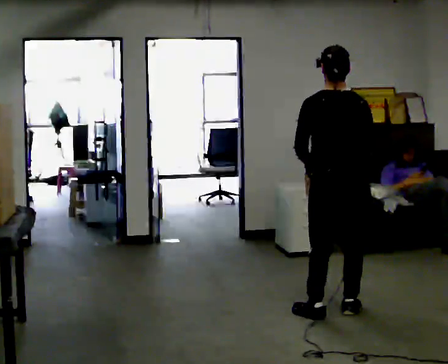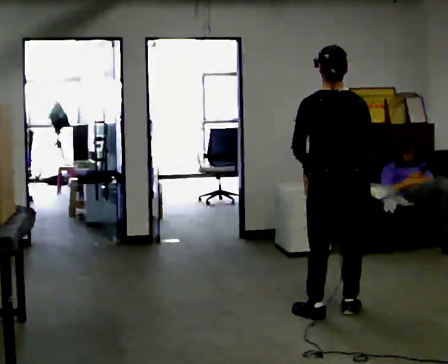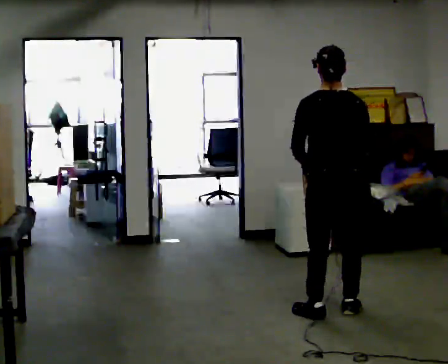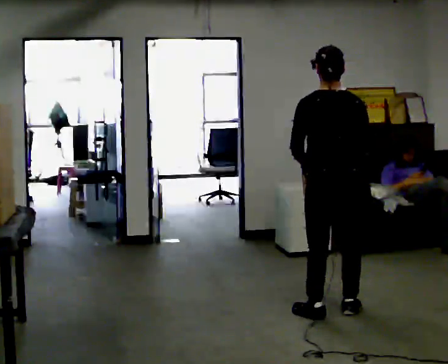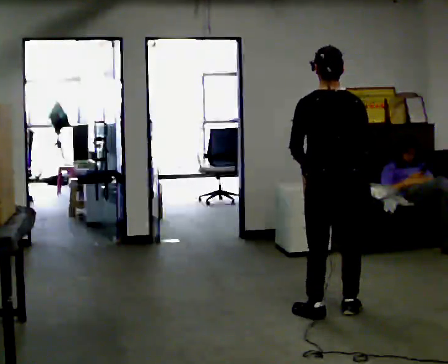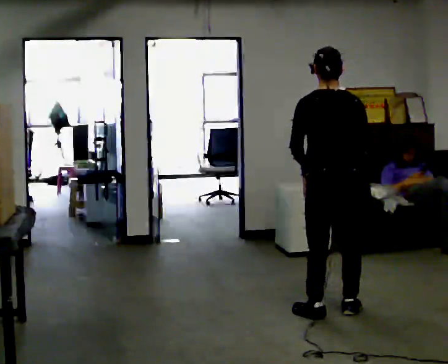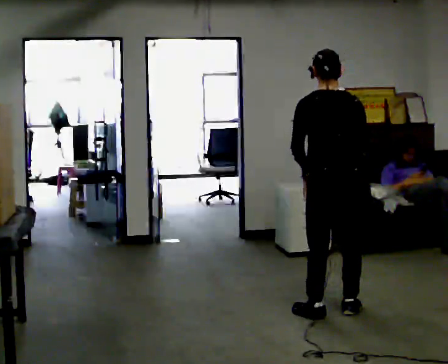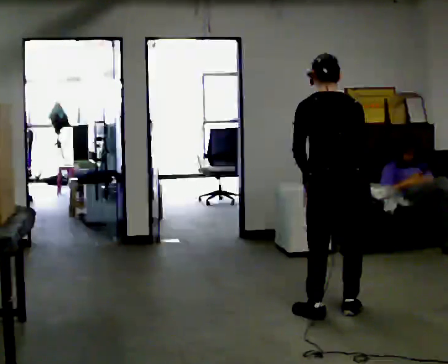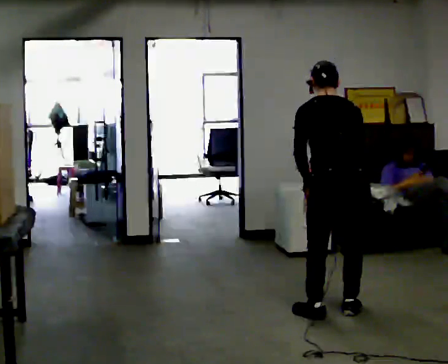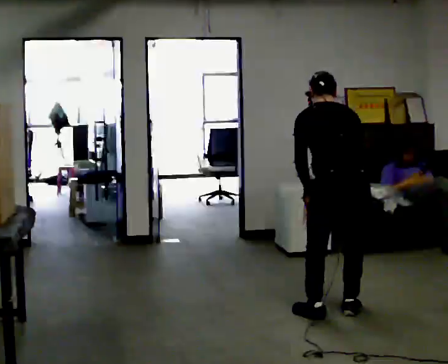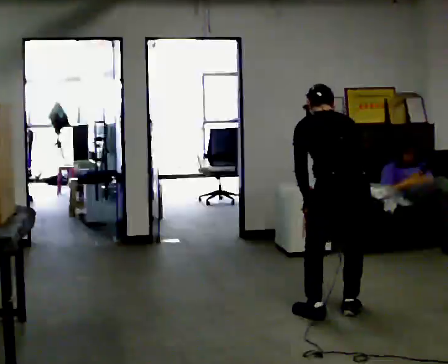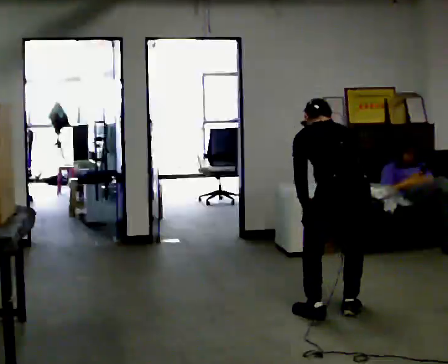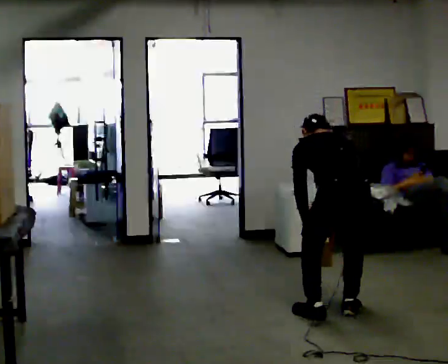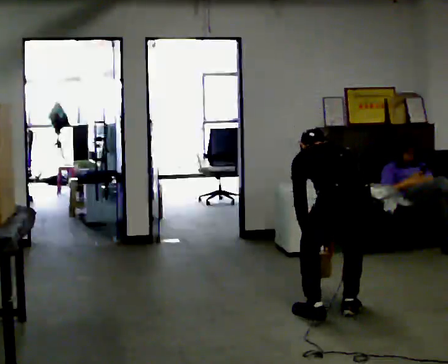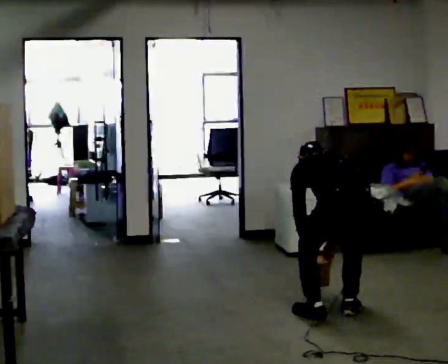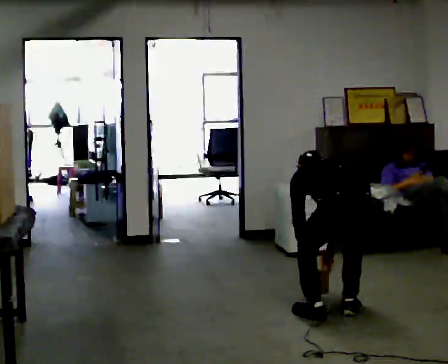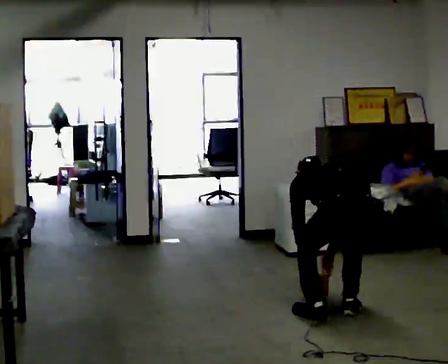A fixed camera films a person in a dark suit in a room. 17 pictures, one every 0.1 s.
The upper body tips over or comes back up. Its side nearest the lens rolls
upward.
The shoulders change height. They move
downward.
0.0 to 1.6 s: In the picture they go toward the camera, about 0.25 m, which for them is backward. The upper body goes downward. The upper body tips away from the camera, its near side rolling upward, as they bend forward. In the picture their right hand goes downward.
The film runs forward here.
